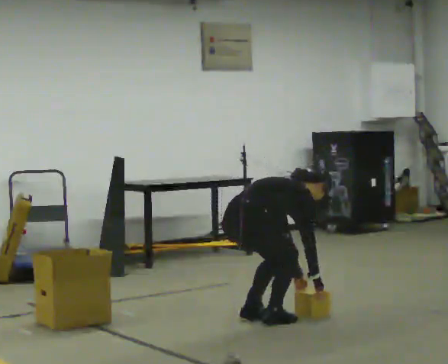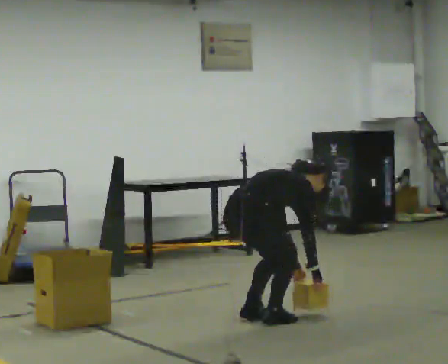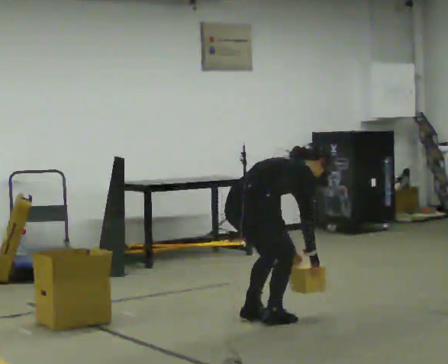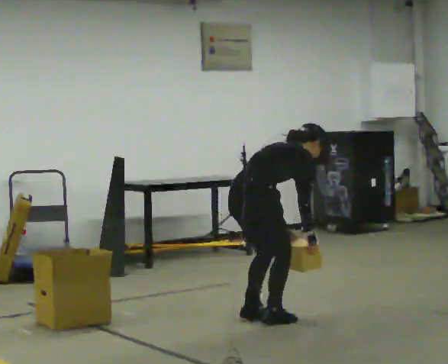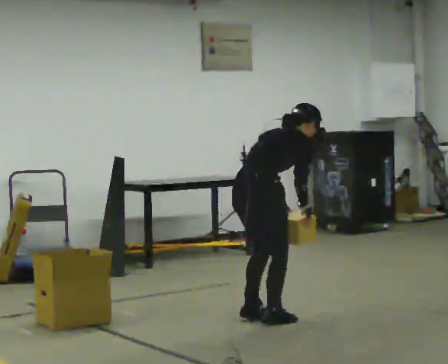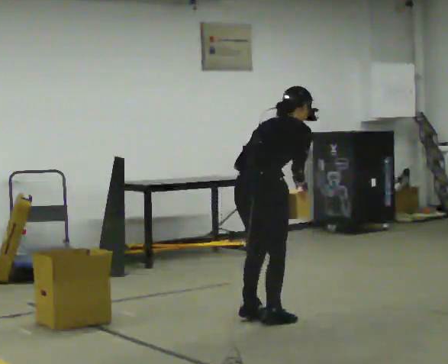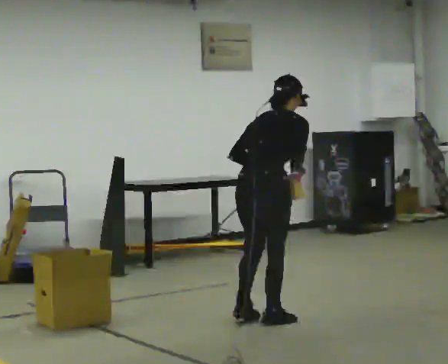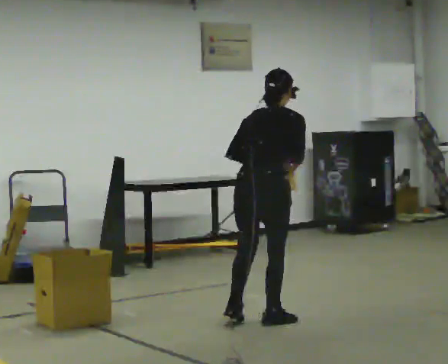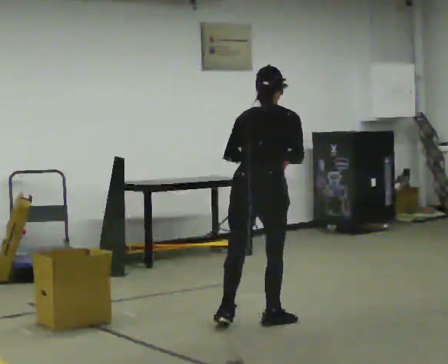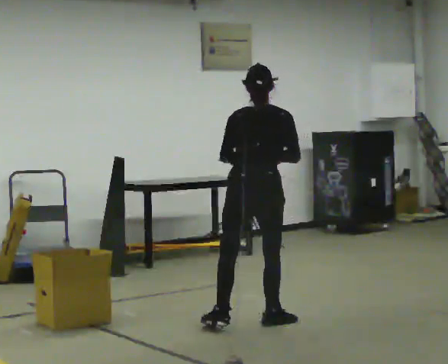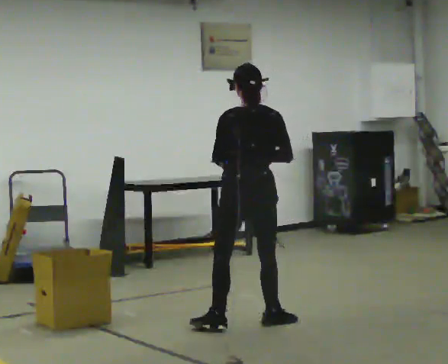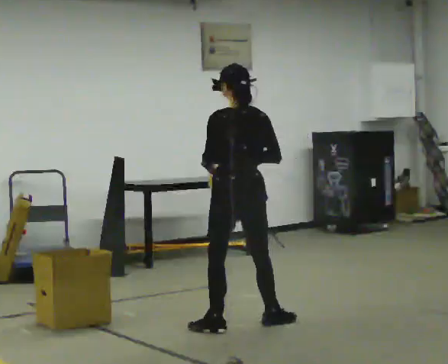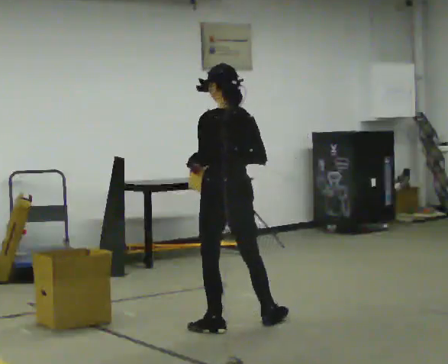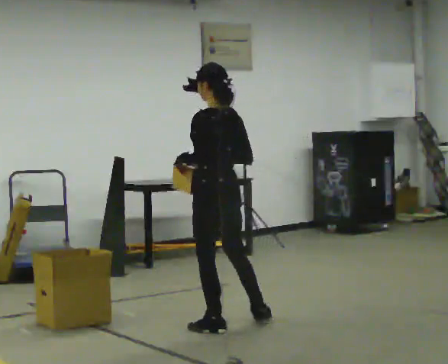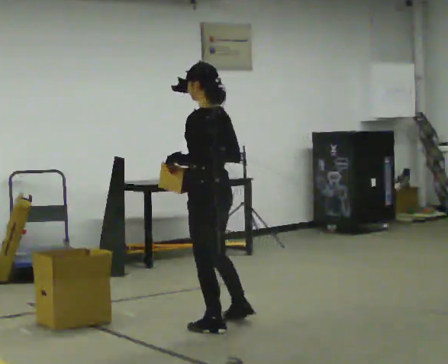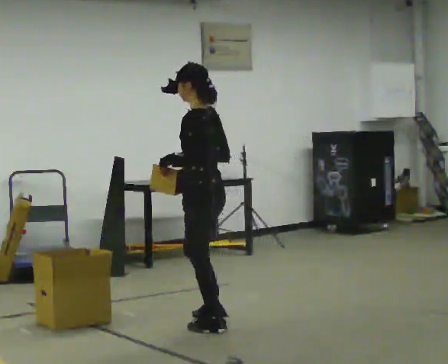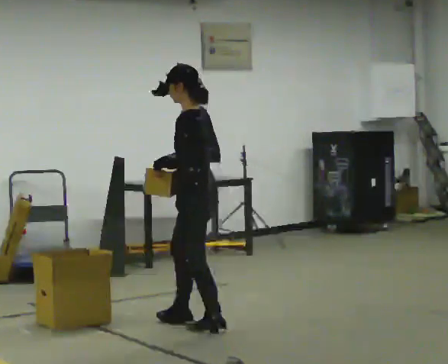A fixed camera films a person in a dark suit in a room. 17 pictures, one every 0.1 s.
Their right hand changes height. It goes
upward.
The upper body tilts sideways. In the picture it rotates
counterclockwise.
0.0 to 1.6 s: The part of the body nearest the lens slides to the right as the person turns to their left by about 135 degrees. In the picture they go to the left, about 0.25 m in 1 step. The upper body goes upward. In the picture the upper body tilts counterclockwise, shoulders to the left, as they lean back or straighten. In the picture their right hand goes upward.
The film runs forward here.
